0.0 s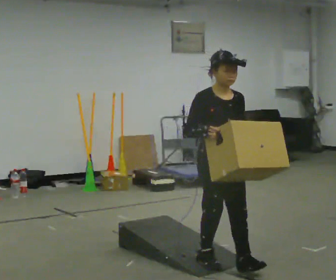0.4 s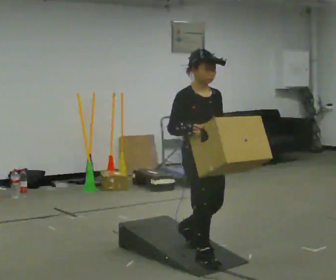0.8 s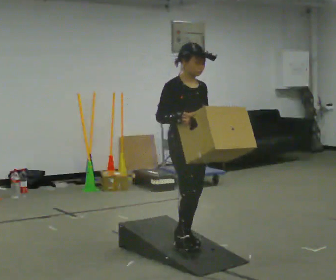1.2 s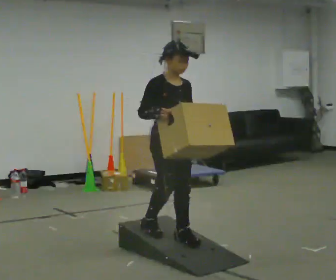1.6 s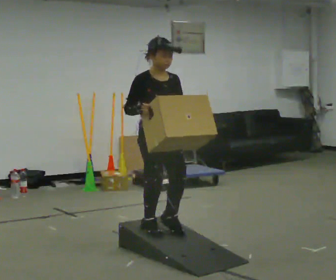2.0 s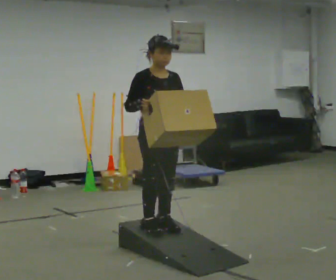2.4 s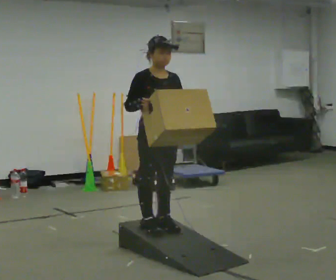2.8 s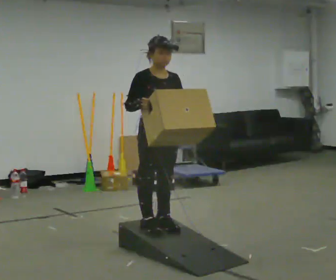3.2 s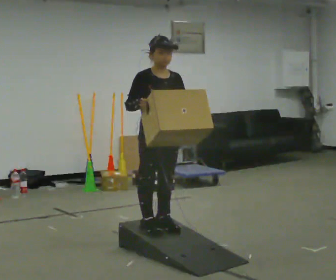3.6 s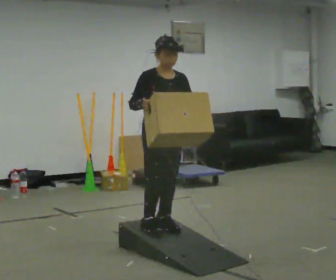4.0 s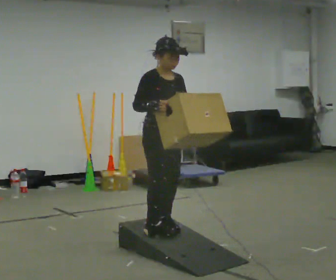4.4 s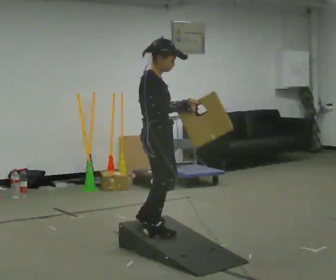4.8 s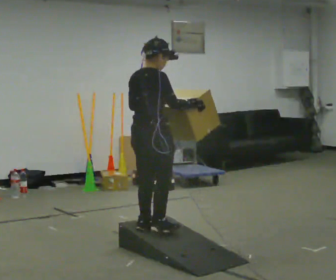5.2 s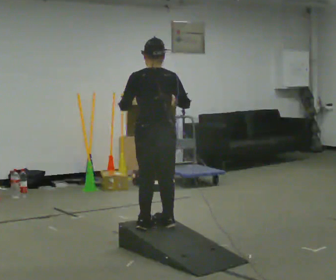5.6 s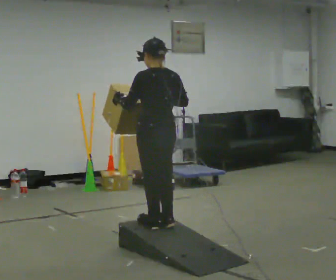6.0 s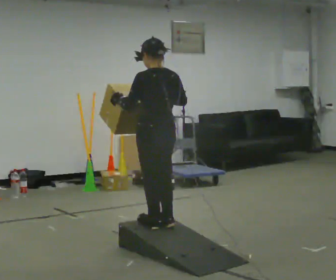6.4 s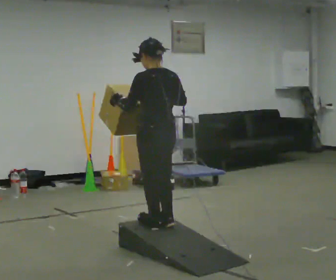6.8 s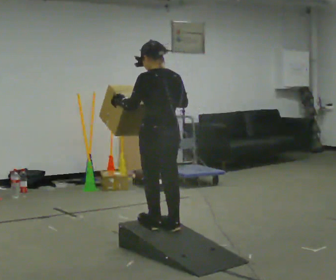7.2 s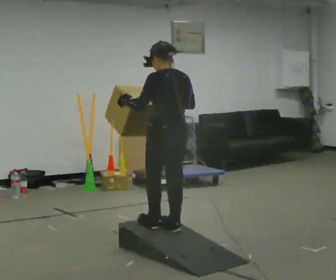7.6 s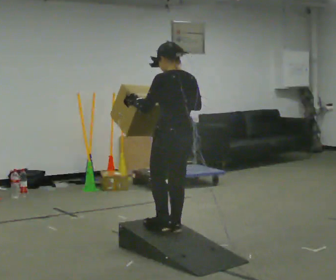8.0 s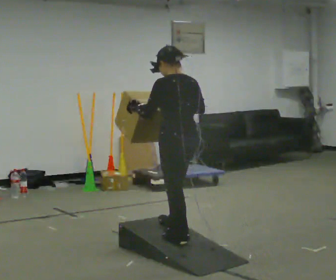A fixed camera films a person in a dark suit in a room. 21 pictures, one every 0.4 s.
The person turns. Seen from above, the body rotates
counterclockwise.
The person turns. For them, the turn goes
to their left.
0.0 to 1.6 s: In the picture they go away from the camera and to the left, about 0.75 m in 2 steps, which for them is backward.
1.6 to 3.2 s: The person moves a little, or ends about where they began.
3.2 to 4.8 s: Seen from above the body turns counterclockwise, about 105 degrees: to their left, with its near side sliding to the right. In the picture their right hand goes to the right.
4.8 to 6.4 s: The person turns about 75 degrees to their left, counterclockwise seen from above, so the part of the body nearest the lens slides to the right.
6.4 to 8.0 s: In the picture they go to the right, about 0.25 m in 1 step, which for them is backward.
The film runs backward here.
